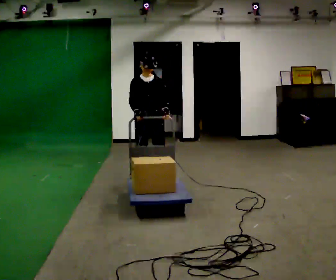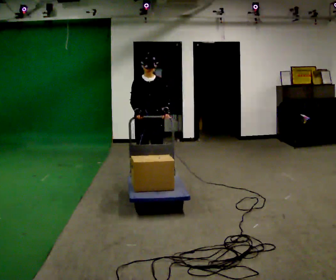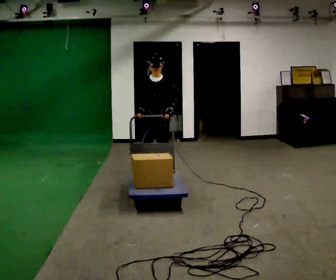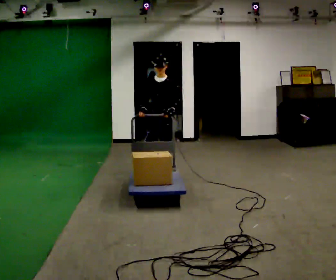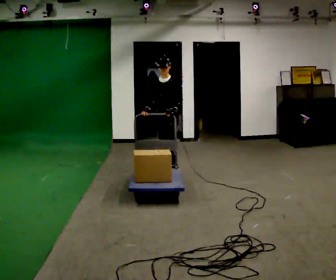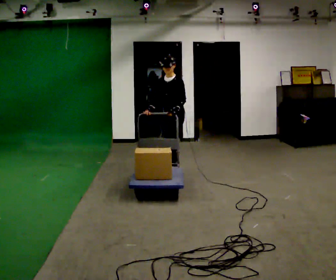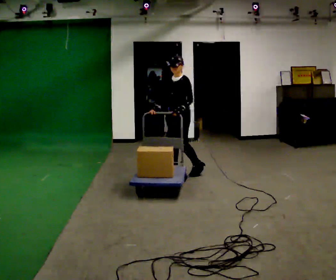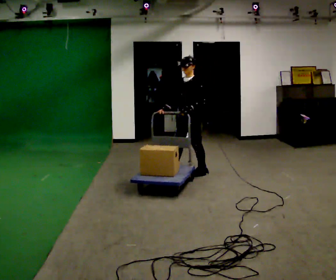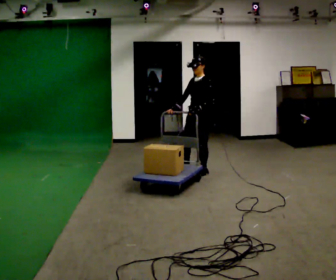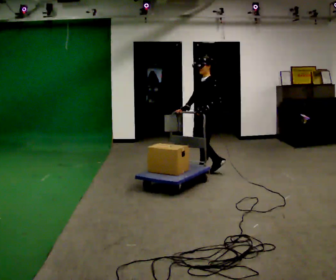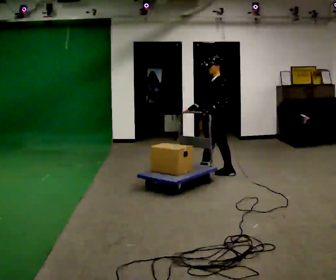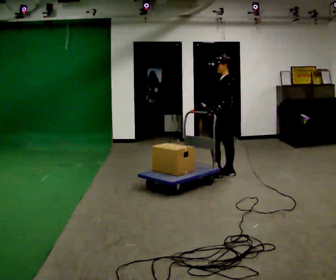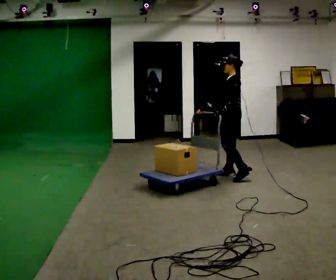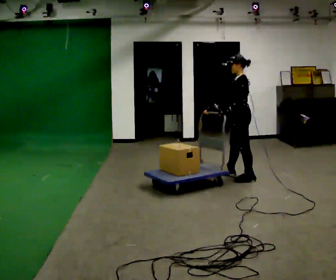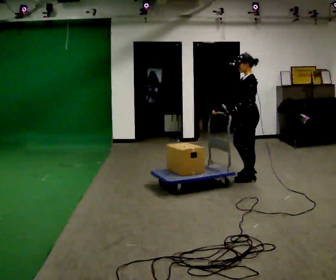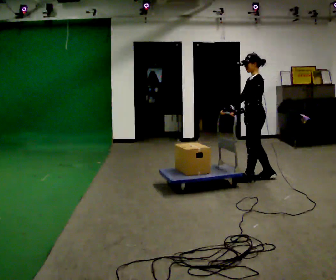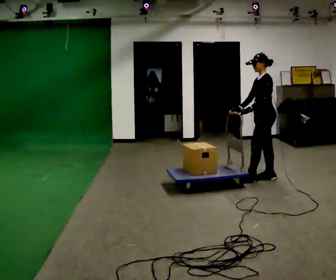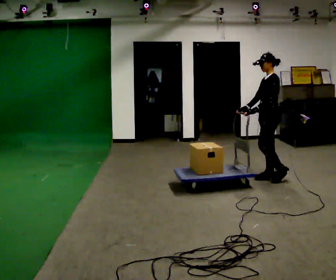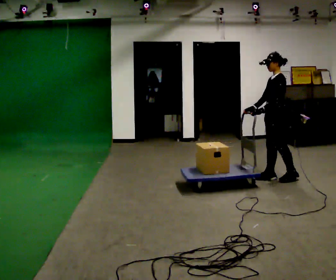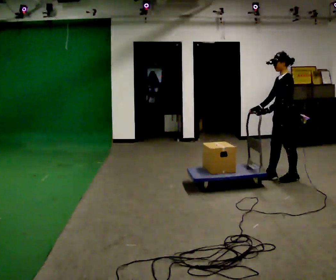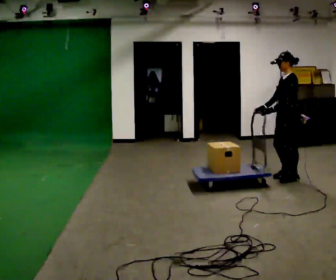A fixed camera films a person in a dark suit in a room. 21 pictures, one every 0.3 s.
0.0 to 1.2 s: The person turns about 45 degrees to their right, clockwise seen from above, so the part of the body nearest the lens slides to the left. In the picture they go away from the camera and to the right, about 0.5 m in 1 step, which for them is backward and to their left.
1.2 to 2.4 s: Seen from above the body turns clockwise, about 45 degrees: to their right, with its near side sliding to the left. In the picture they go to the right, about 0.5 m in 2 steps, which for them is backward and to their left.
2.4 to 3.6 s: Seen from above the body turns clockwise, about 30 degrees: to their right, with its near side sliding to the left. In the picture they go to the right, about 0.5 m in 1 step, which for them is backward.
3.6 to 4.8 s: In the picture they go to the right and toward the camera, about 0.5 m in 2 steps, which for them is backward and to their left.
4.8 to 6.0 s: In the picture they go to the right, about 0.25 m in 1 step, which for them is backward and to their left.
The film runs backward here.
